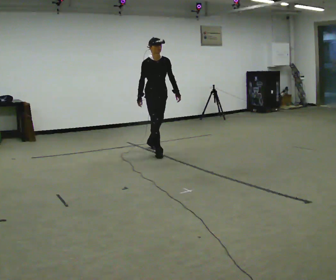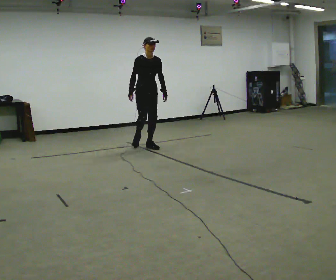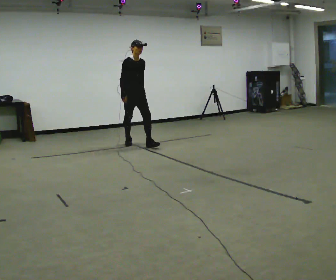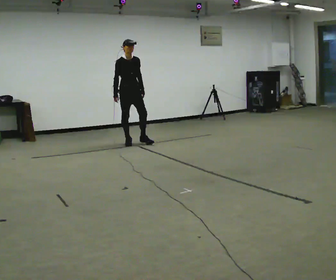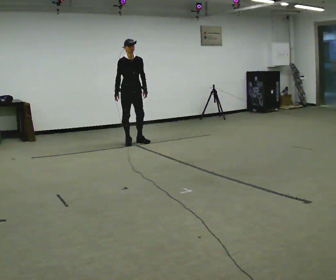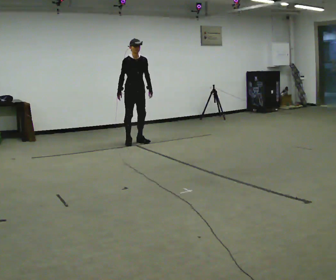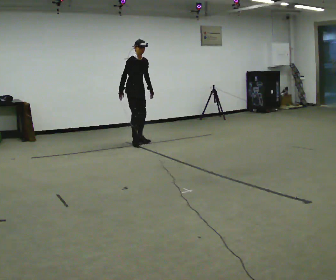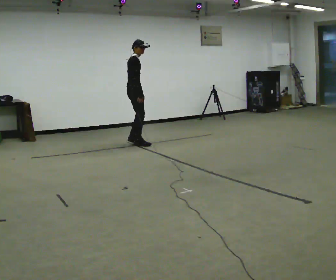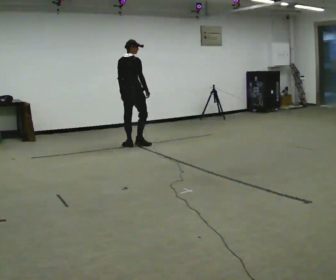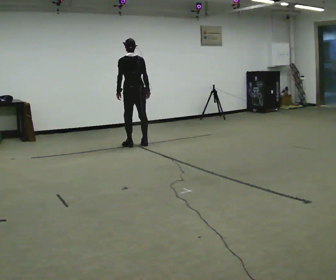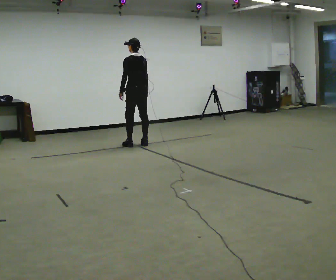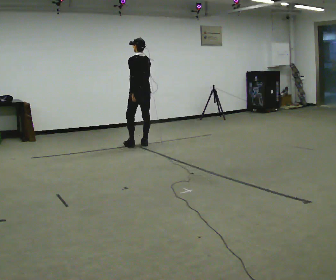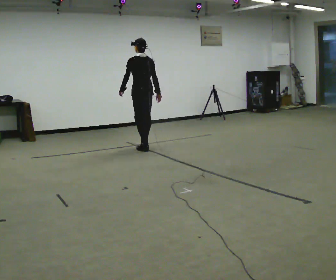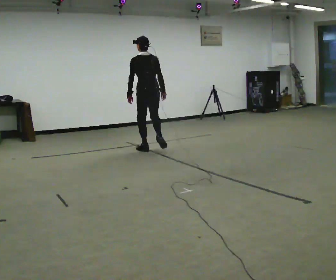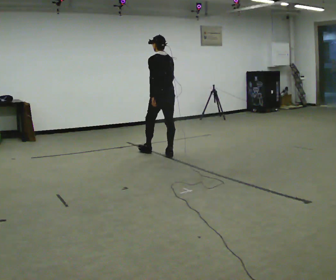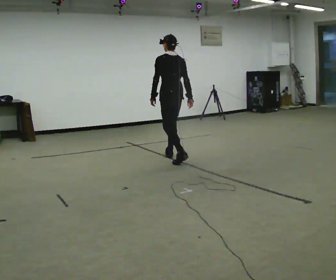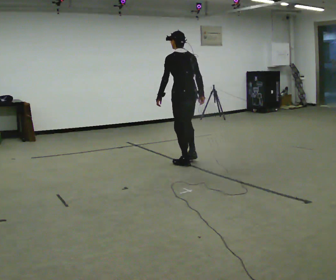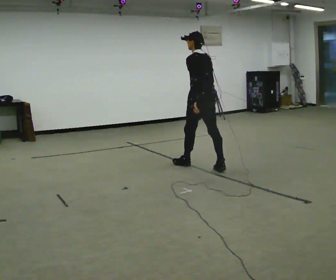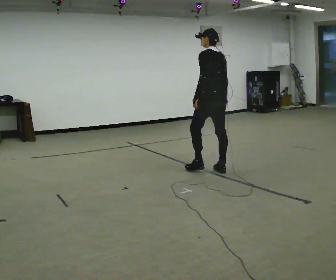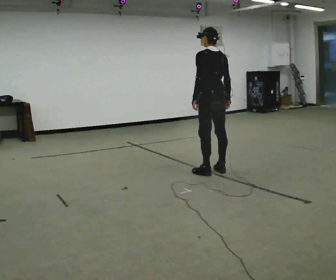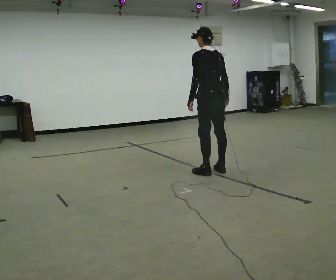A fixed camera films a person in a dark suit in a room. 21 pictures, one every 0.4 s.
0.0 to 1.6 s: In the picture they go away from the camera and to the left, about 1 m in 2 steps, which for them is backward.
1.6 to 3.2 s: The person turns about 120 degrees to their left, counterclockwise seen from above, so the part of the body nearest the lens slides to the right. In the picture they go toward the camera, about 0.25 m in 2 steps. In the picture their right hand goes to the right, the arm swinging counterclockwise.
3.2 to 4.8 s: The person turns about 60 degrees to their left, counterclockwise seen from above, so the part of the body nearest the lens slides to the right. In the picture they go to the right and toward the camera, about 0.25 m in 2 steps.
4.8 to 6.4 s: In the picture they go toward the camera and to the right, about 1 m in 3 steps, which for them is backward.
6.4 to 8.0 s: In the picture they go toward the camera and to the right, about 0.5 m in 1 step, which for them is backward.
The film runs backward here.
